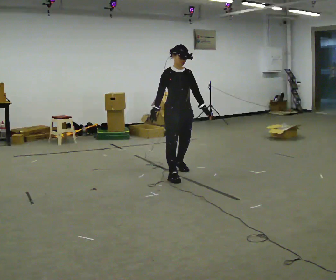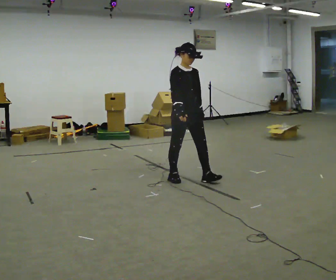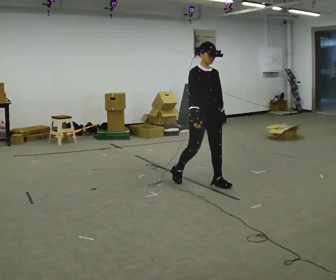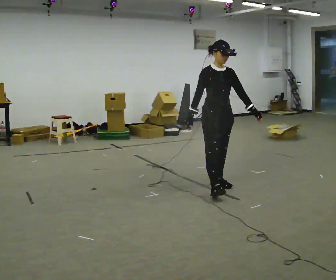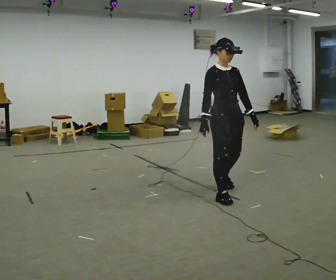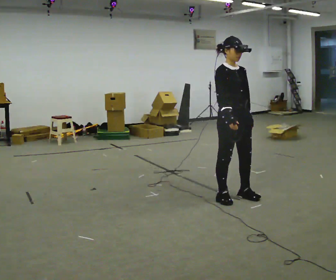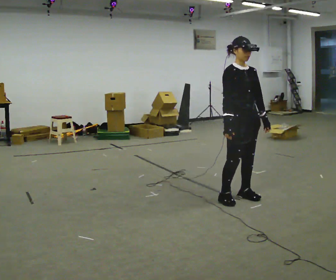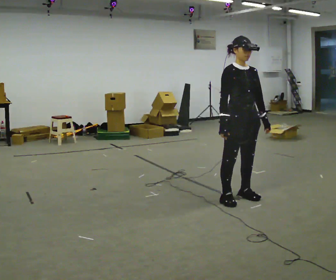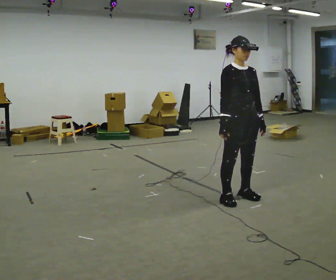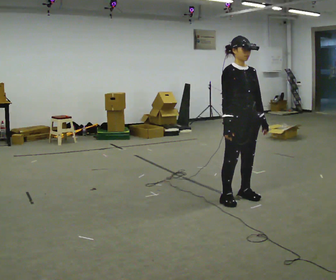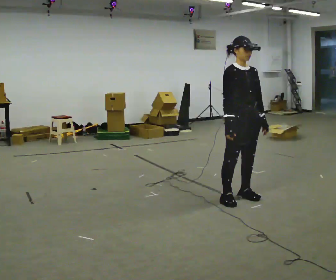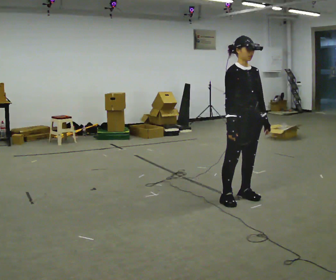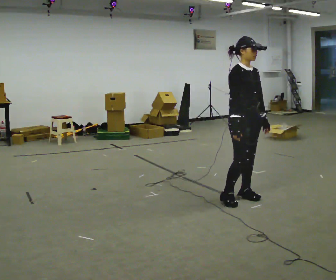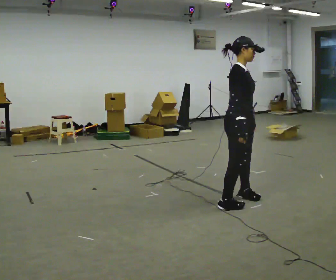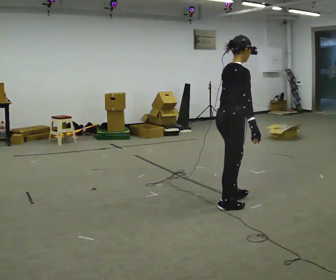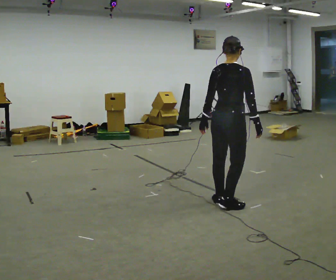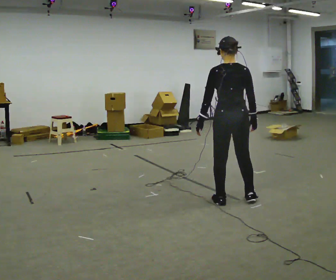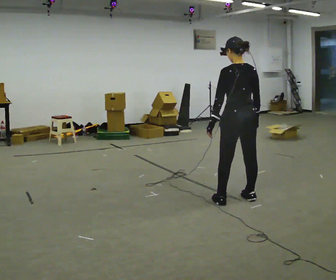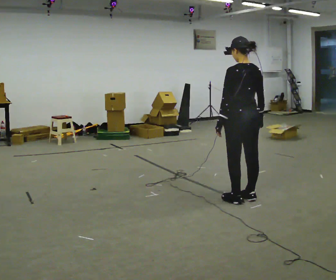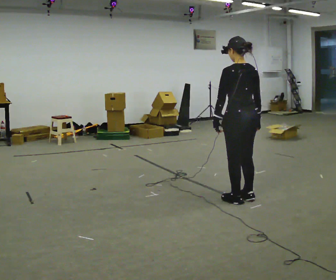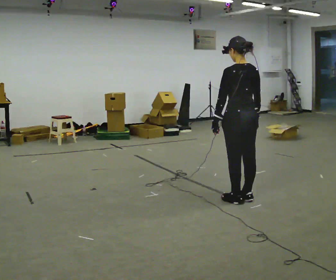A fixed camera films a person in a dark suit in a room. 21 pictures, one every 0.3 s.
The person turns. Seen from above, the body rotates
counterclockwise.
The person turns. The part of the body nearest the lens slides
to the right.
0.0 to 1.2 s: In the picture they go to the right and toward the camera, about 1 m in 2 steps, which for them is forward.
1.2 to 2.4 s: In the picture they go to the right, about 0.25 m in 1 step, which for them is forward.
2.4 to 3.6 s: The person moves a little, or ends about where they began.
3.6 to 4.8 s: The person turns about 135 degrees to their left, counterclockwise seen from above, so the part of the body nearest the lens slides to the right. In the picture their left hand goes to the left, the arm swinging clockwise.
4.8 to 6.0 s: The part of the body nearest the lens slides to the right as the person turns to their left by about 30 degrees.
The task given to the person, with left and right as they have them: Walk forward with your feet closer together than normal, or further apart than normal, as the operator states; stop.
The film runs forward here.
